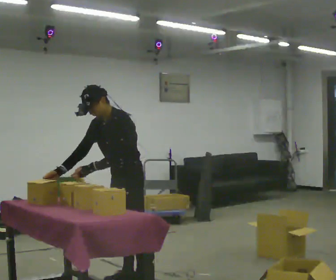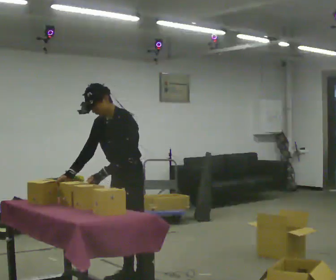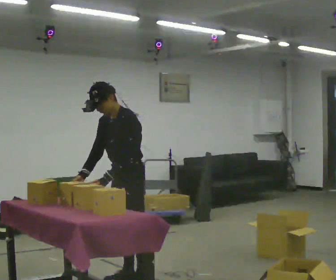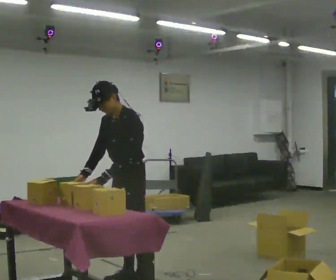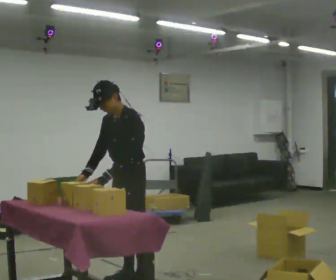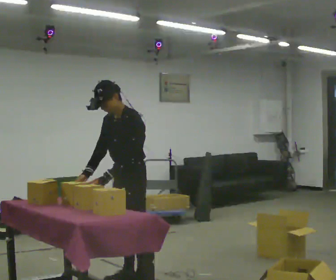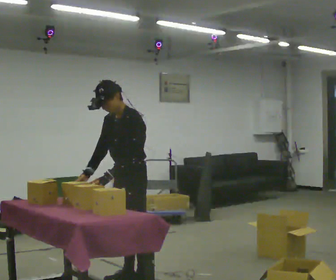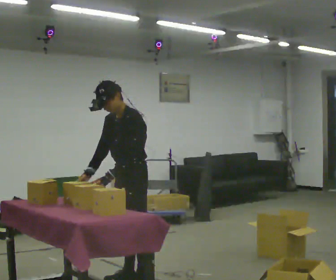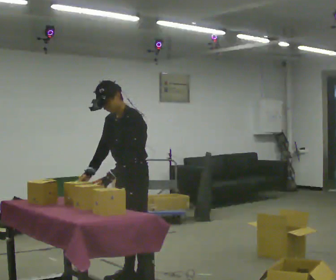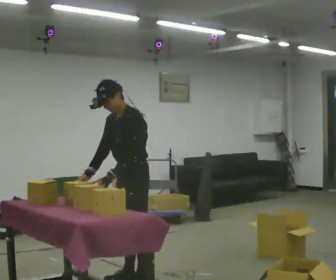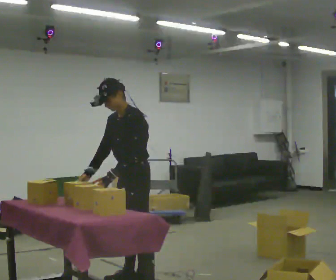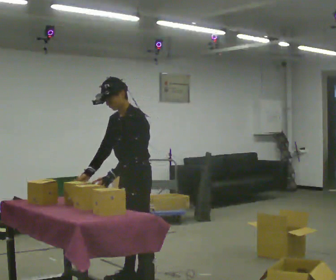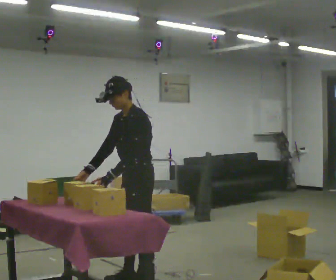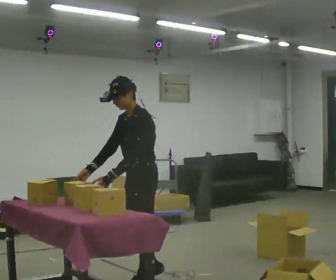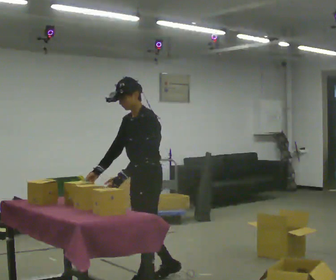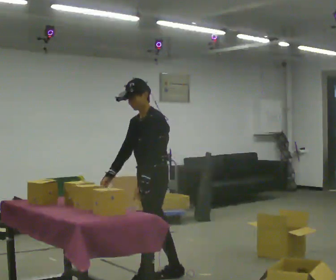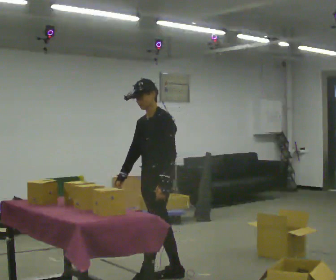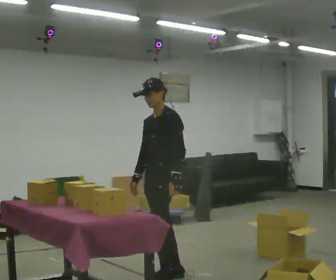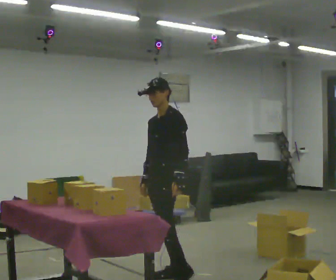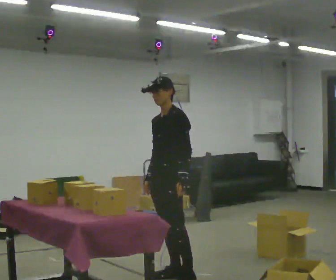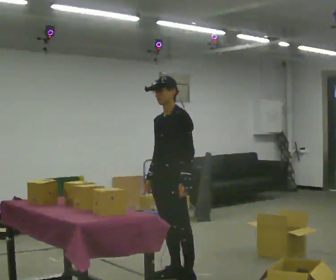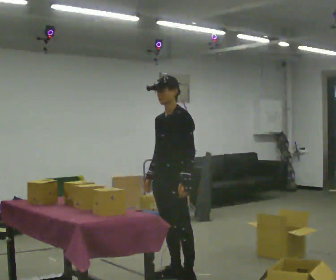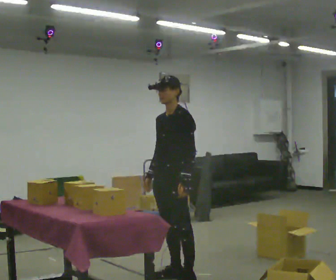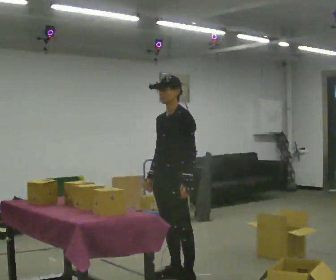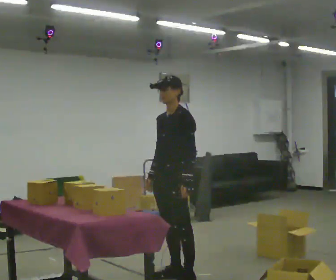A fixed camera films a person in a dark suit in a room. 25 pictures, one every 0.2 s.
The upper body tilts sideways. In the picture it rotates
clockwise.
0.0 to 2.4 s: The person moves a little, or ends about where they began.
2.4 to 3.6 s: In the picture they go away from the camera and to the right, about 0.25 m in 1 step, which for them is backward.
3.6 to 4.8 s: The person moves a little, or ends about where they began.
The film runs backward here.
